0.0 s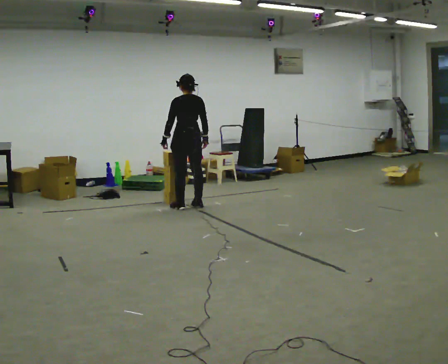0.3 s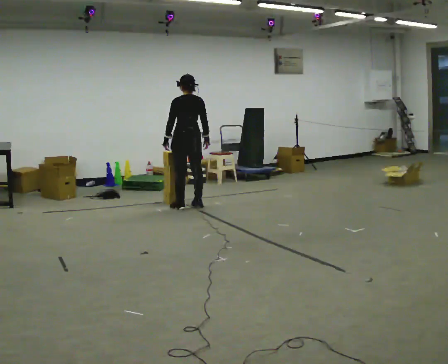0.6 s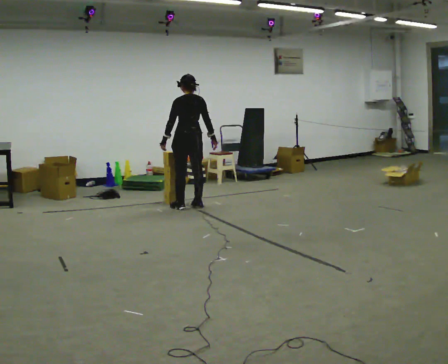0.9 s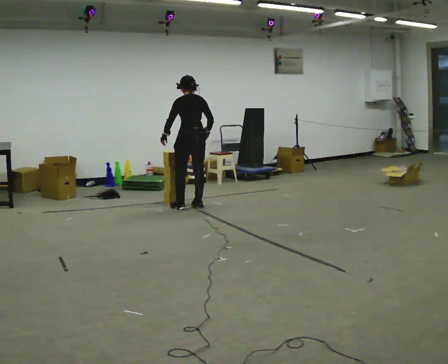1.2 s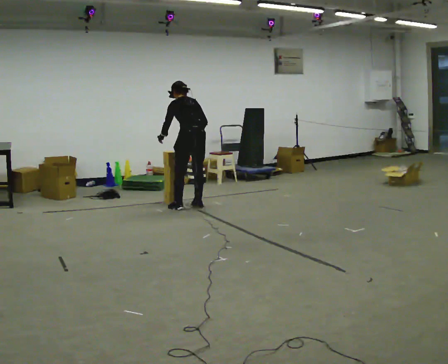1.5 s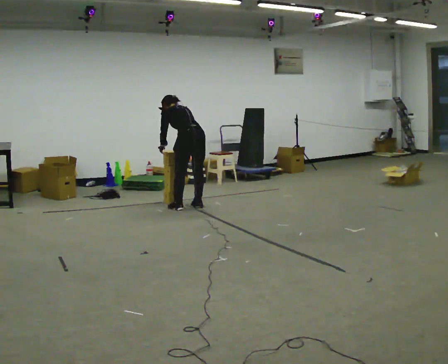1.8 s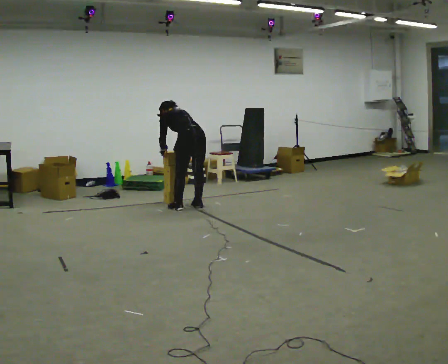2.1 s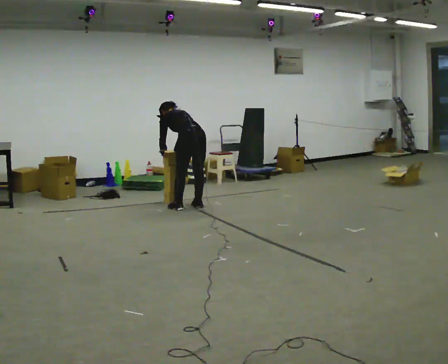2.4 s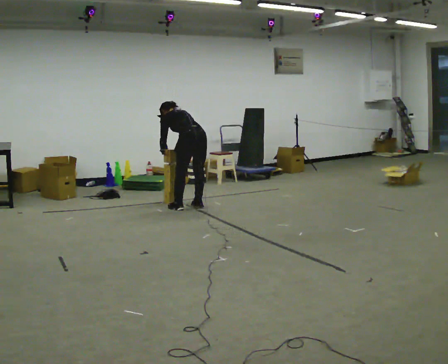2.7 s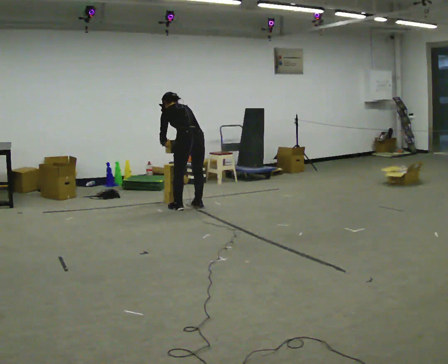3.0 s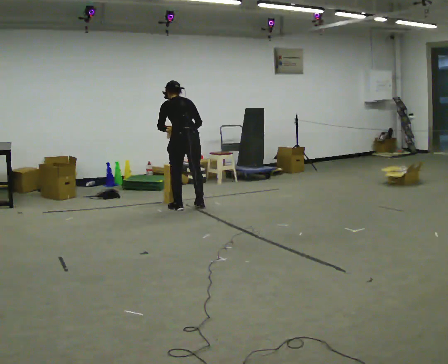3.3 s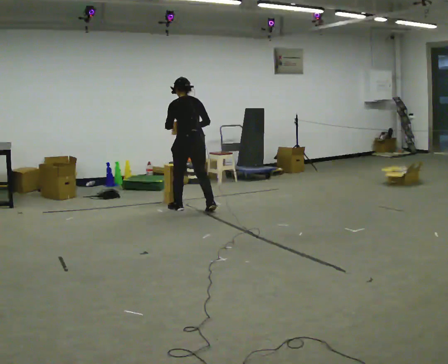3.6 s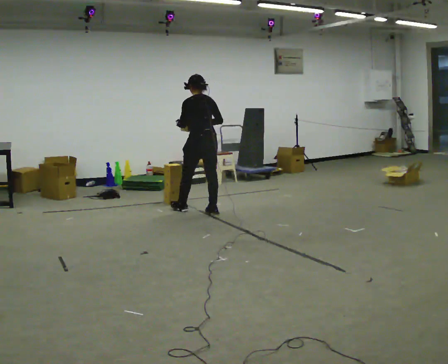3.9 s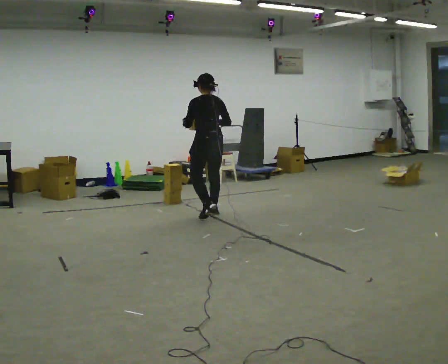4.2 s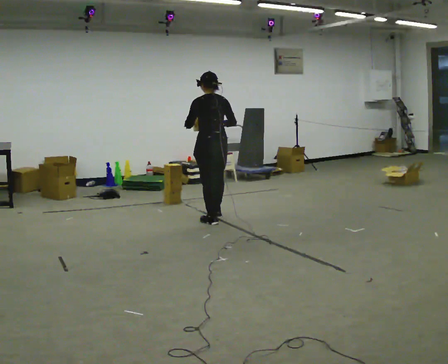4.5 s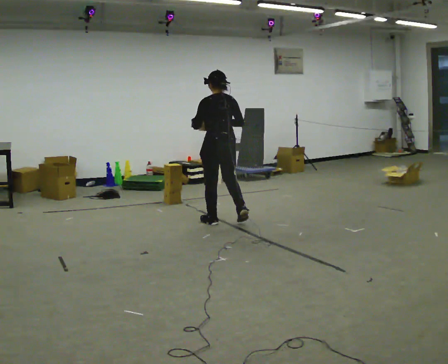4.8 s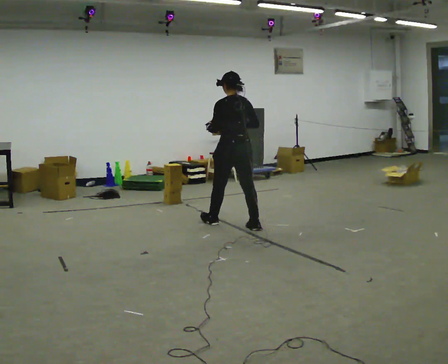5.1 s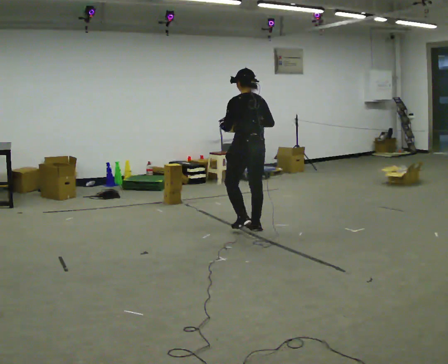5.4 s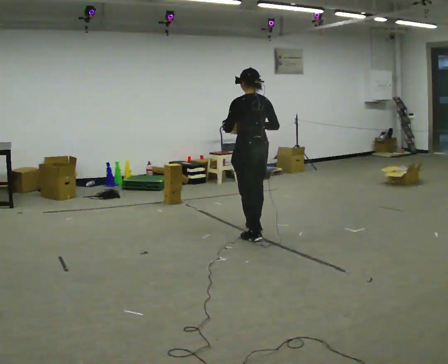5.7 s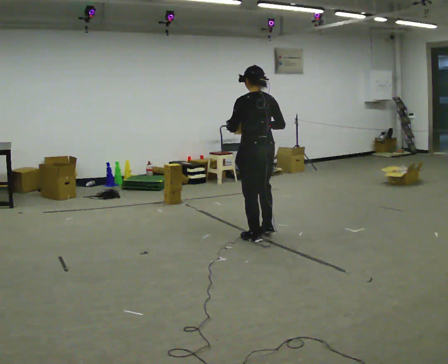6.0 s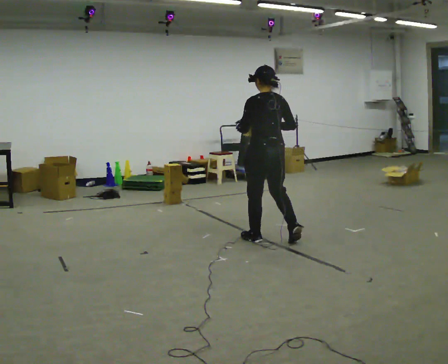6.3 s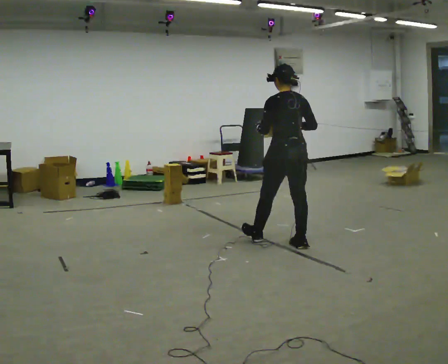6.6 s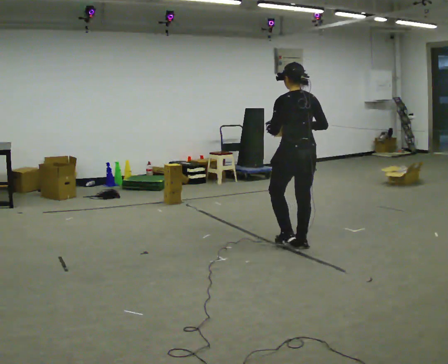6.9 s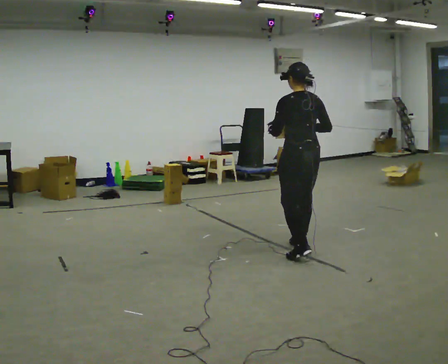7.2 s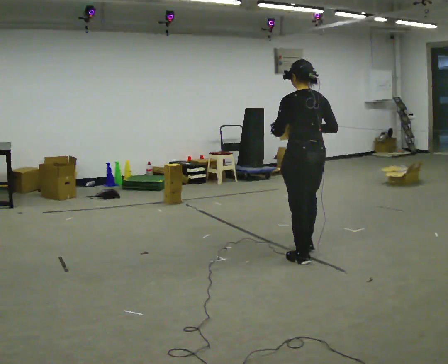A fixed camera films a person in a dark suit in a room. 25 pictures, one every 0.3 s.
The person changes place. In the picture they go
toward the camera.
0.0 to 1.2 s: The upper body tips away from the camera, its near side rolling upward, as they bend forward.
1.2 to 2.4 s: The shoulders move downward. The upper body tips away from the camera, its near side rolling upward, as they bend forward.
2.4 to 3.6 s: In the picture they go toward the camera, about 0.25 m in 2 steps, which for them is backward. The upper body goes upward. The upper body tips toward the camera, its near side rolling downward, as they lean back or straighten. In the picture their left hand goes upward.
3.6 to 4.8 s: In the picture they go toward the camera and to the right, about 0.5 m in 1 step, which for them is backward.
4.8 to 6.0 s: In the picture they go toward the camera and to the right, about 0.75 m in 2 steps, which for them is backward.
6.0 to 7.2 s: In the picture they go toward the camera and to the right, about 0.5 m in 2 steps, which for them is backward.
The film runs backward here.
